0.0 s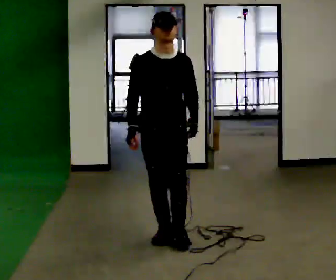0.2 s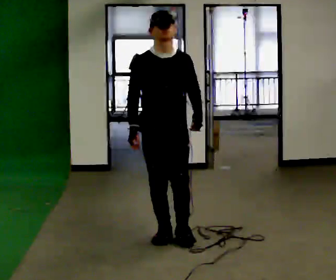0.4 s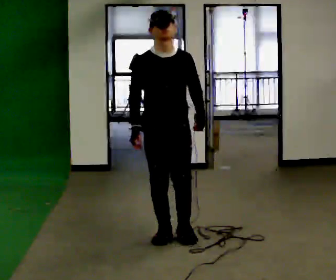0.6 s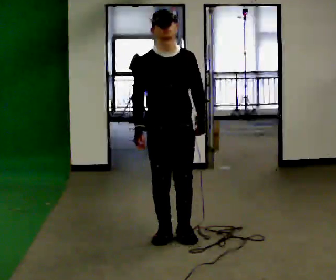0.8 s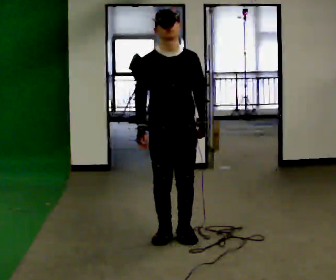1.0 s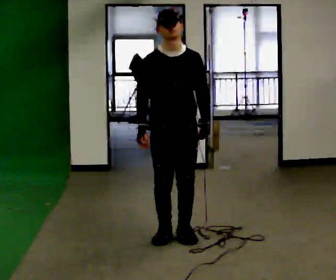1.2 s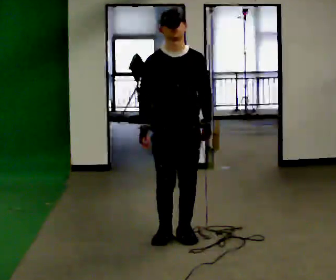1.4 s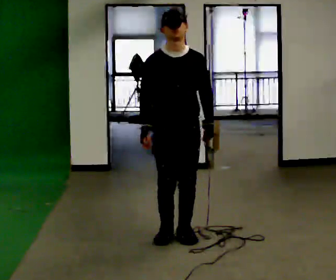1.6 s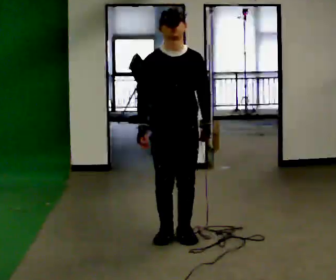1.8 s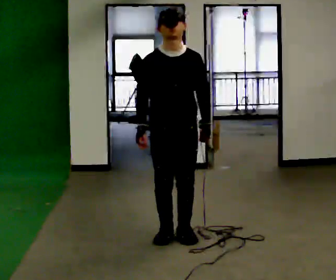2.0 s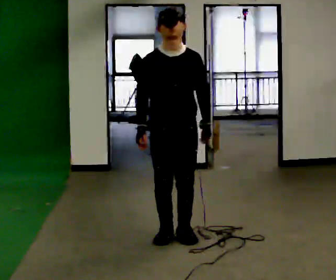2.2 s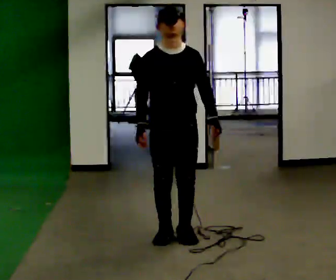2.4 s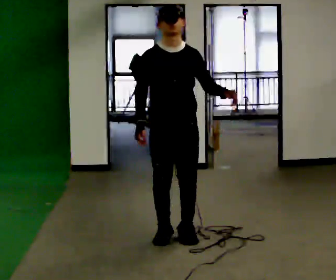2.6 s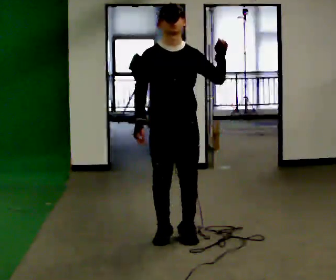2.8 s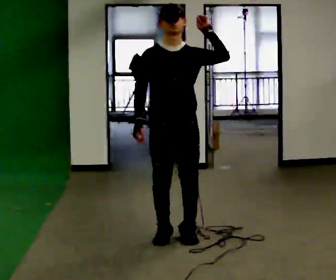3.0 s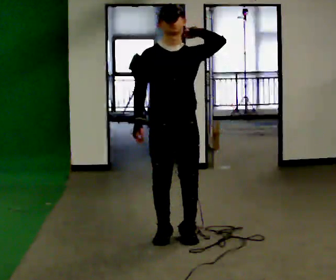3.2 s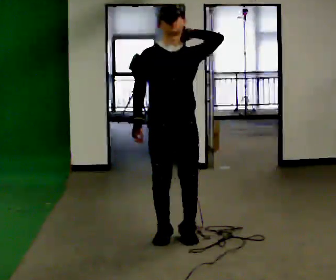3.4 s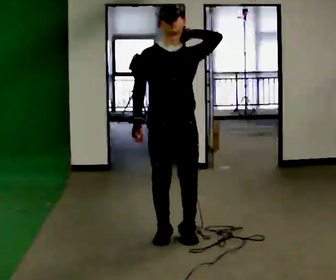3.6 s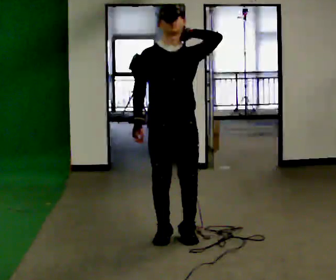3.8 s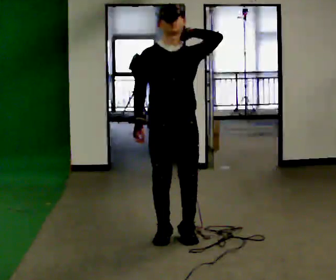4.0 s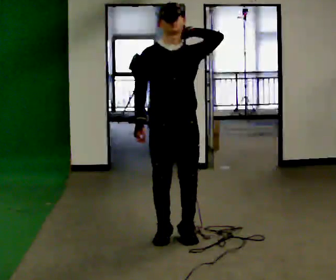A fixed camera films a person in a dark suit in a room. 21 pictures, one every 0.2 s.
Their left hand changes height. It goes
upward.
0.0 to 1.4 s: The person moves a little, or ends about where they began.
1.4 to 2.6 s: In the picture their left hand goes upward, the arm swinging counterclockwise.
2.6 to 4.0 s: The person moves a little, or ends about where they began.
The film runs forward here.
